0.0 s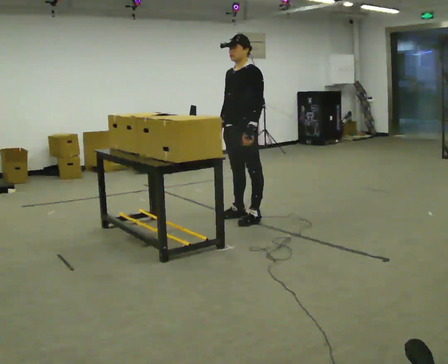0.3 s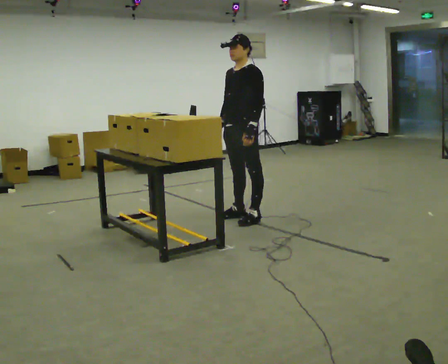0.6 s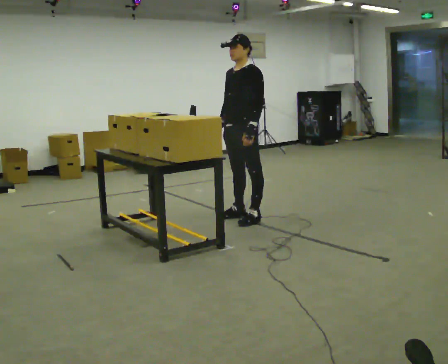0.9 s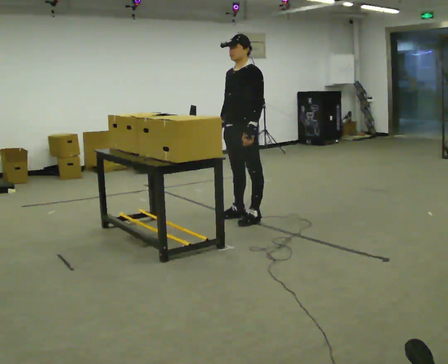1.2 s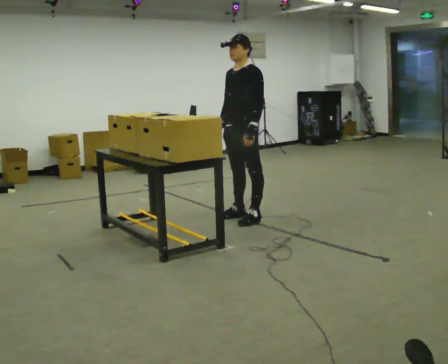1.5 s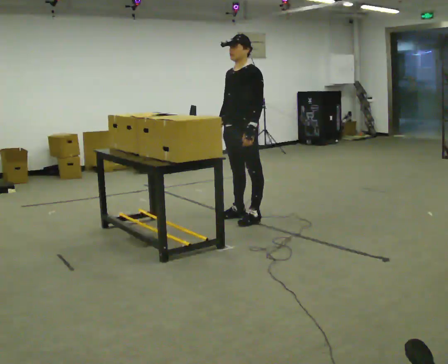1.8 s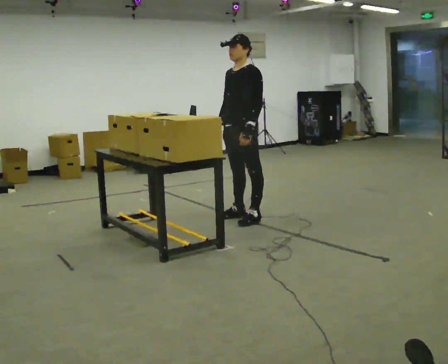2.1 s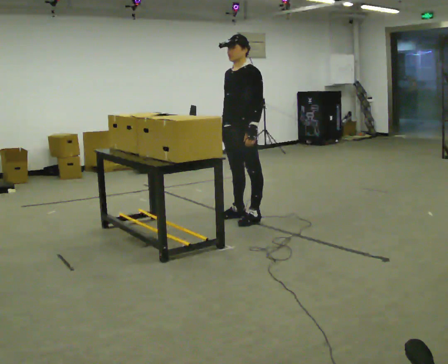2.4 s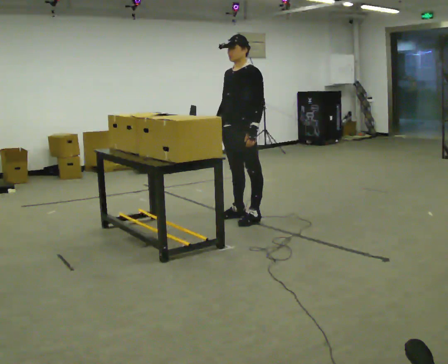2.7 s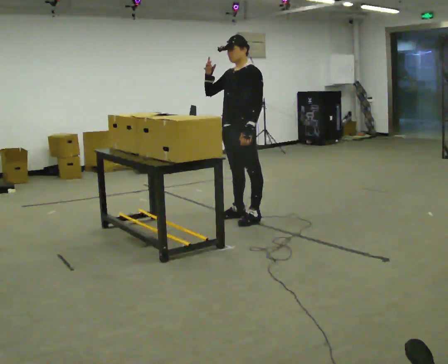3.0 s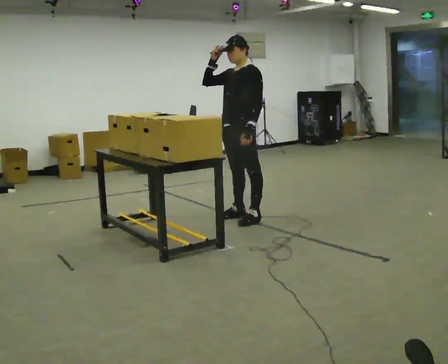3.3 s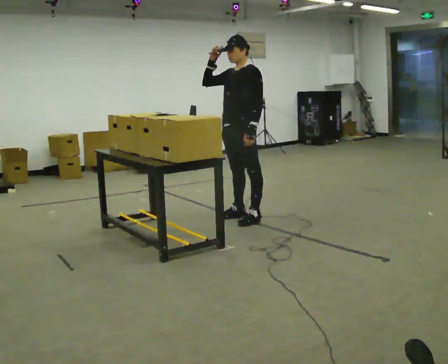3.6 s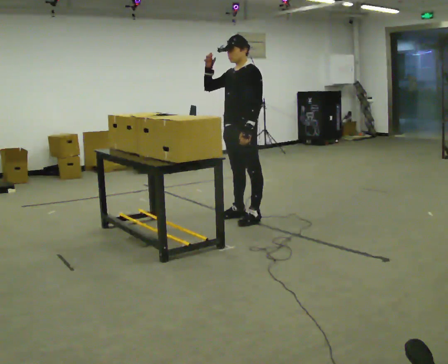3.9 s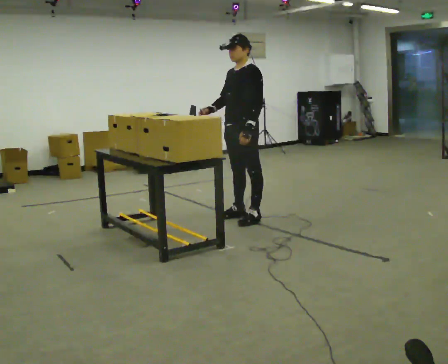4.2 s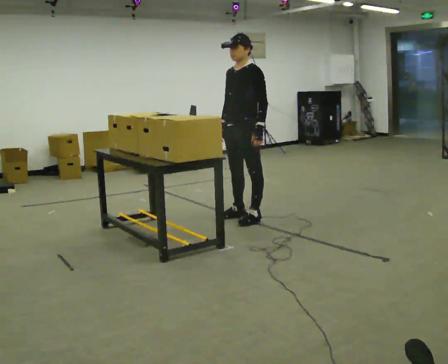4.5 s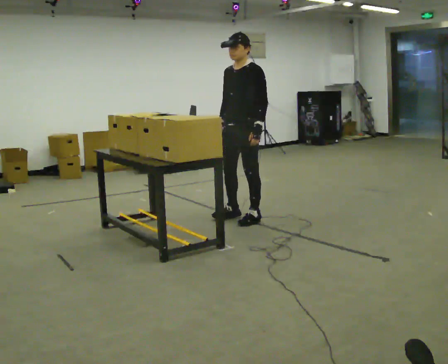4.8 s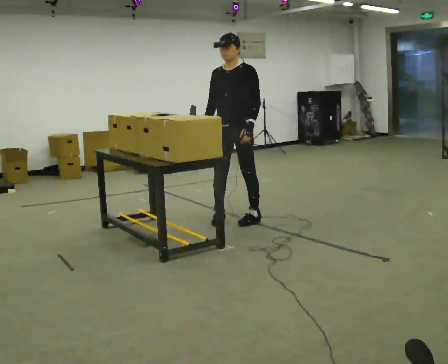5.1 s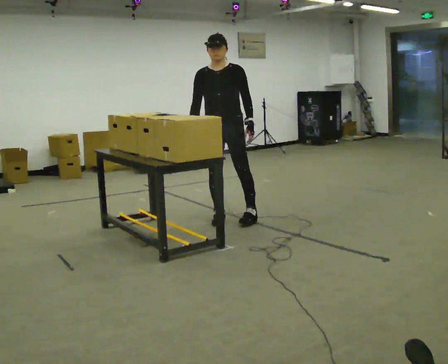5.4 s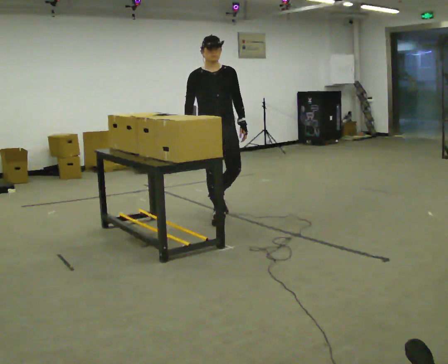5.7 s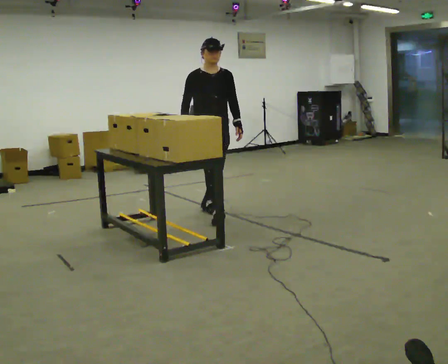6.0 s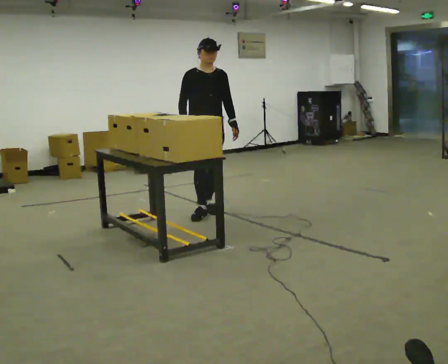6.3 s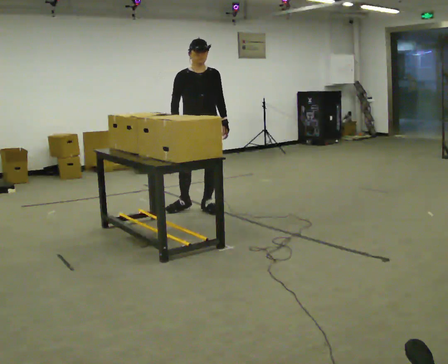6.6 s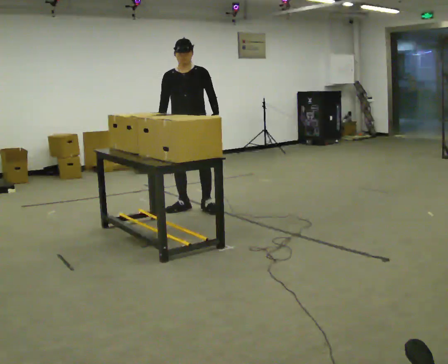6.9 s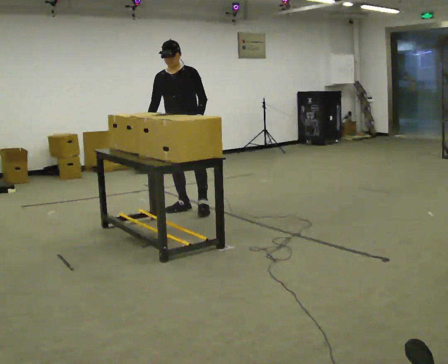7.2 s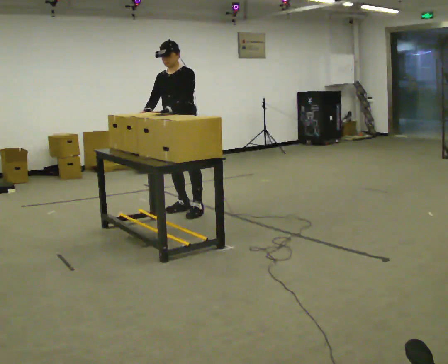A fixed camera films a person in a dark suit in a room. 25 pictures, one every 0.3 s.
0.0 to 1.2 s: The person keeps their place and pose.
1.2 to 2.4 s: The person moves a little, or ends about where they began.
2.4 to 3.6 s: In the picture their right hand goes upward.
3.6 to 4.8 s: In the picture their right hand goes downward, the arm swinging counterclockwise.
4.8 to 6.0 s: Seen from above the body turns counterclockwise, about 60 degrees: to their left, with its near side sliding to the right. In the picture they go to the left and away from the camera, about 0.5 m in 2 steps, which for them is backward and to their right.
6.0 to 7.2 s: The part of the body nearest the lens slides to the left as the person turns to their right by about 45 degrees. In the picture they go to the left, about 0.25 m, which for them is to their right. In the picture their left hand goes to the left.
The film runs backward here.
